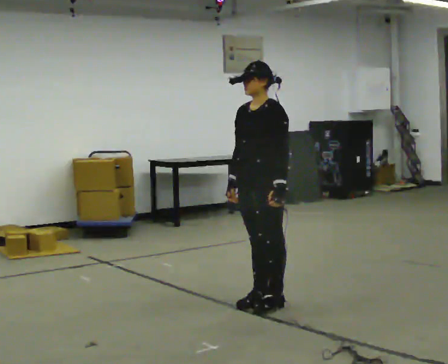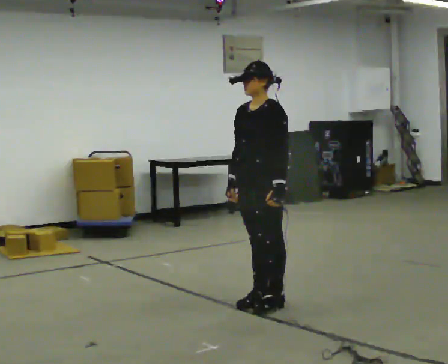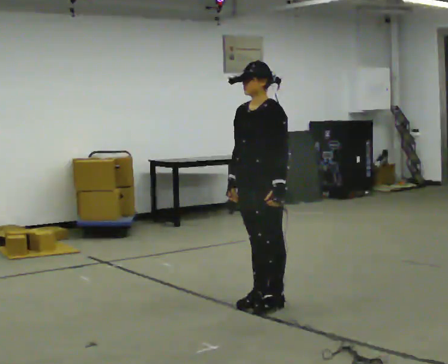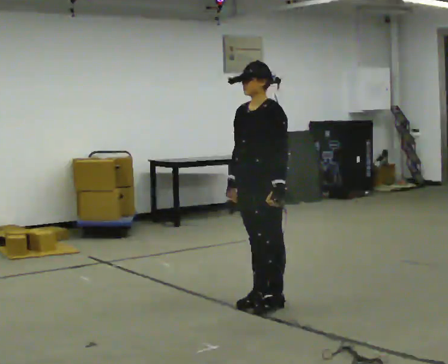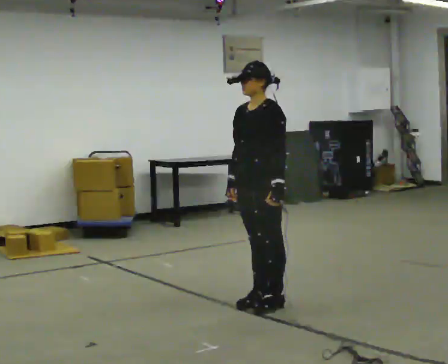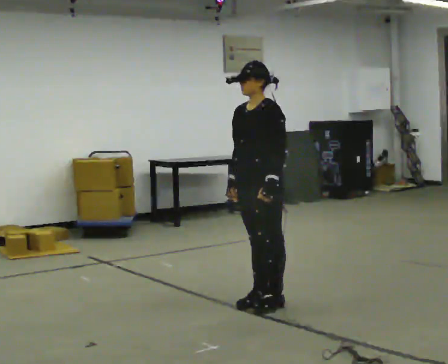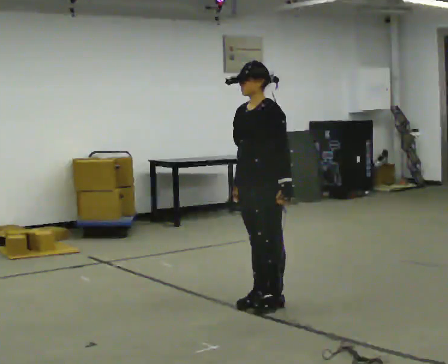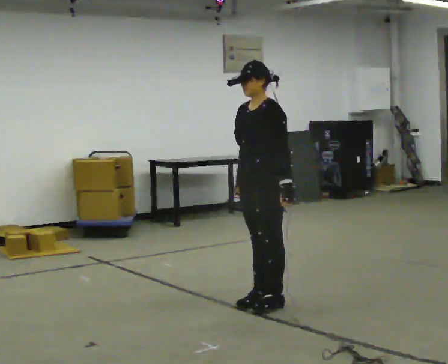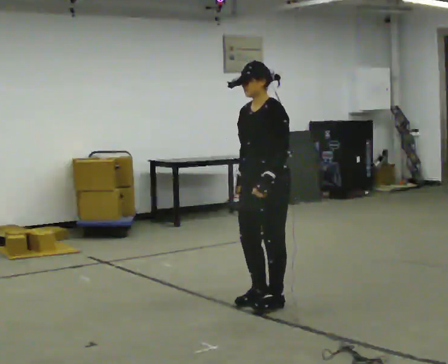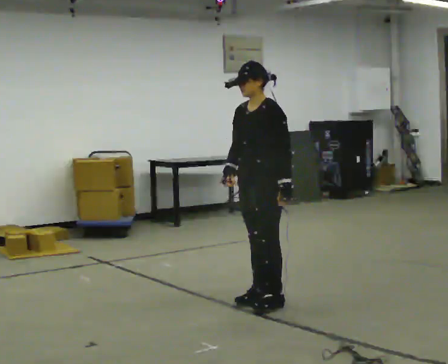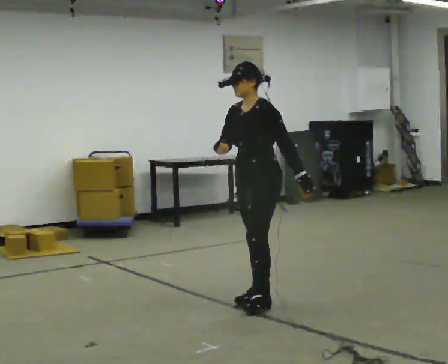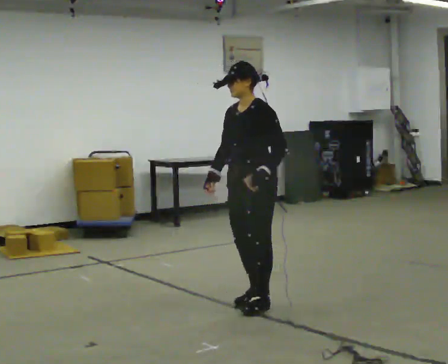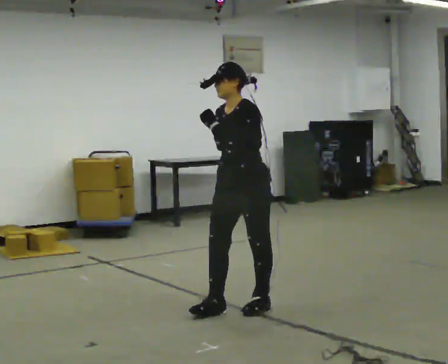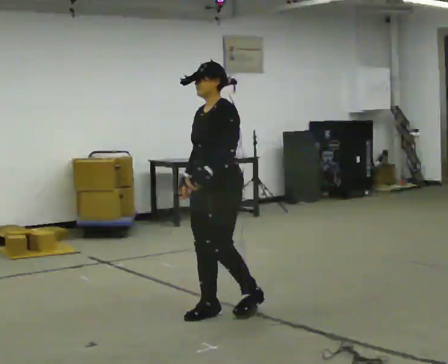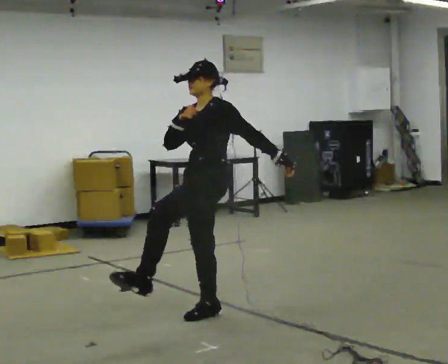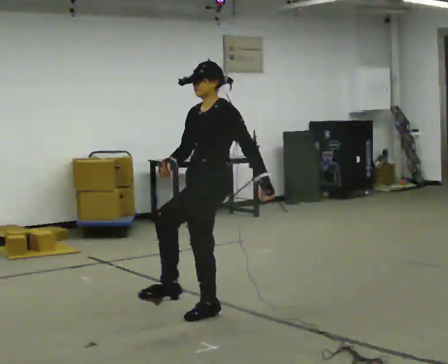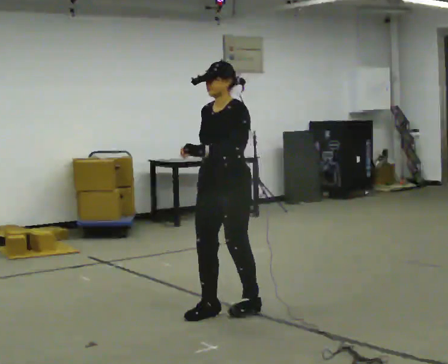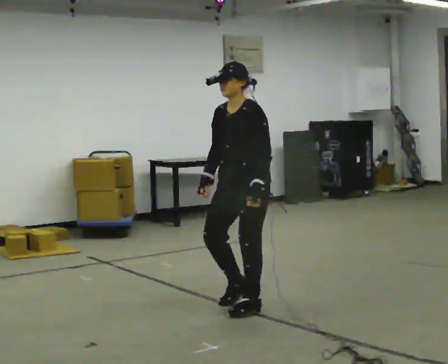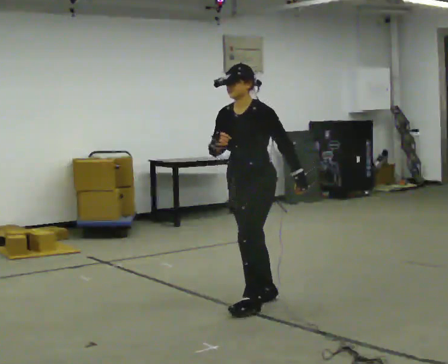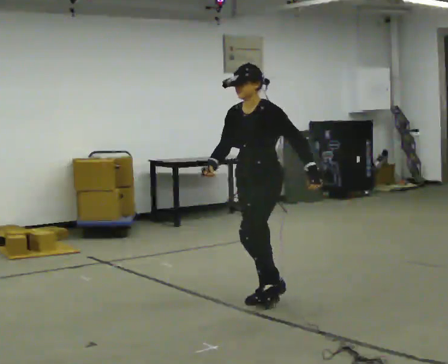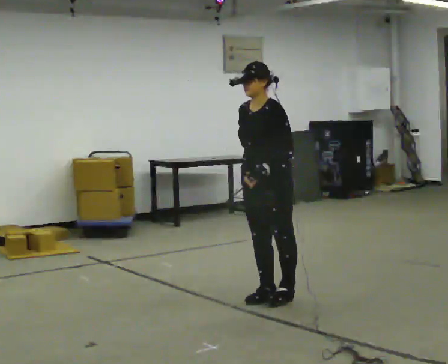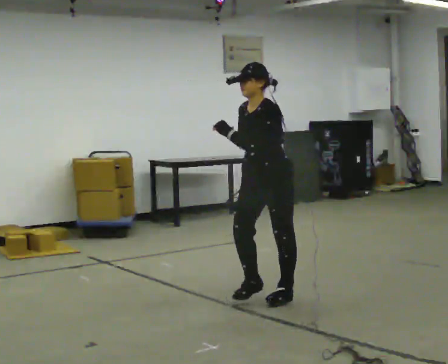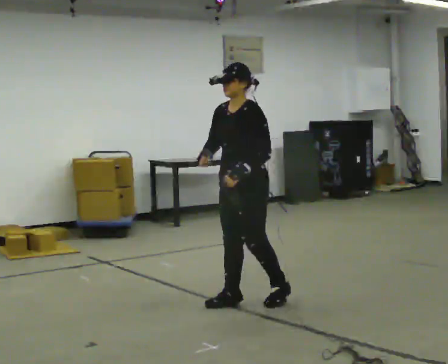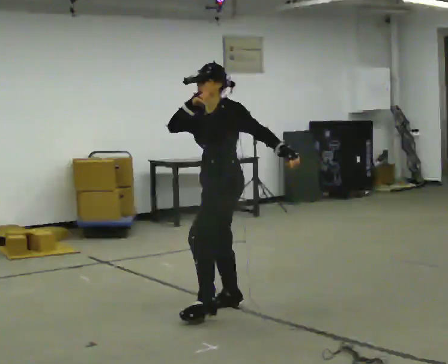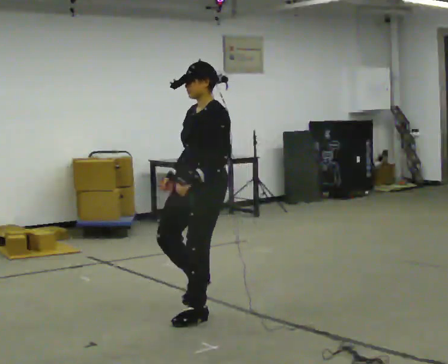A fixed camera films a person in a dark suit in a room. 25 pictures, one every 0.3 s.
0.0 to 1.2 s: The person keeps their place and pose.
1.2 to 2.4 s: The person moves a little, or ends about where they began.
2.4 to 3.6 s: In the picture their left hand goes upward and to the left.
3.6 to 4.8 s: The person moves a little, or ends about where they began.
4.8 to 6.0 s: In the picture they go to the right and away from the camera, about 0.25 m in 2 steps, which for them is backward.
6.0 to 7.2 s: In the picture they go to the left and toward the camera, about 0.5 m in 3 steps, which for them is forward.
The film runs backward here.
